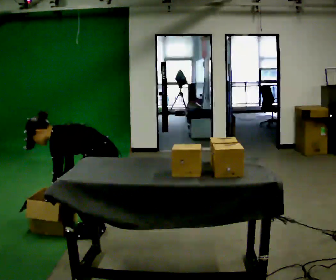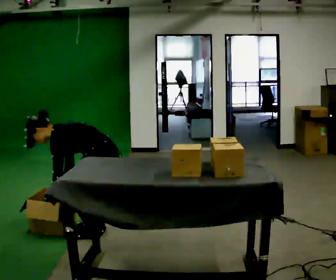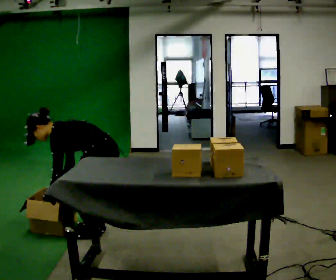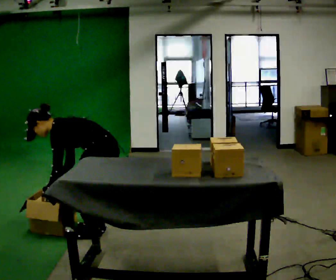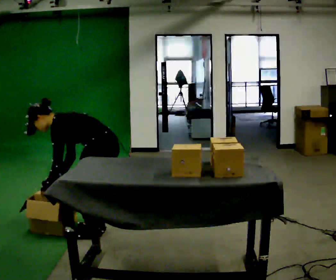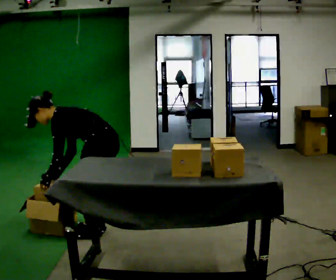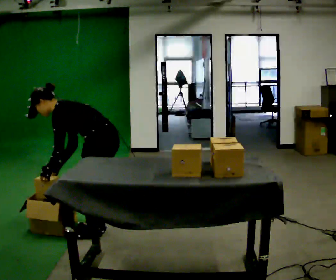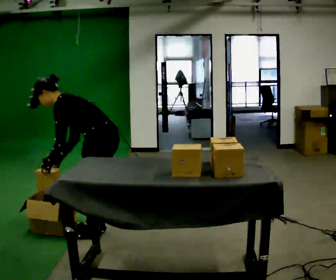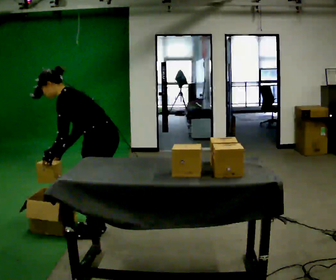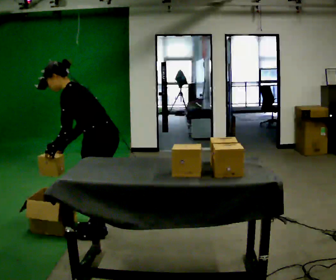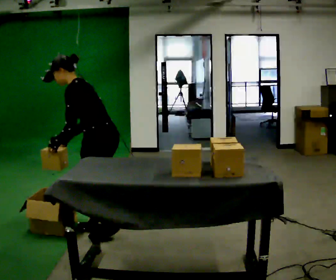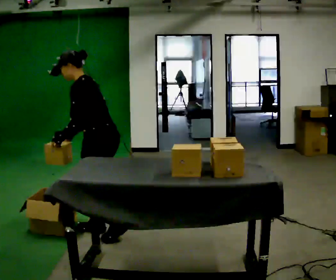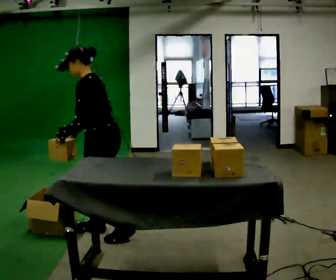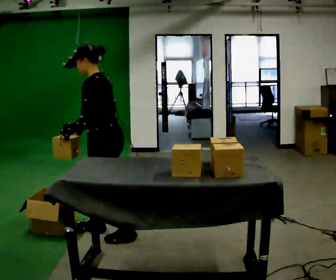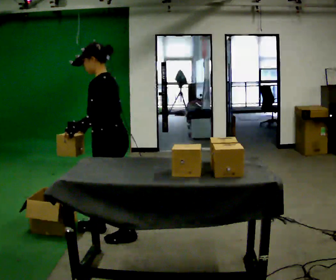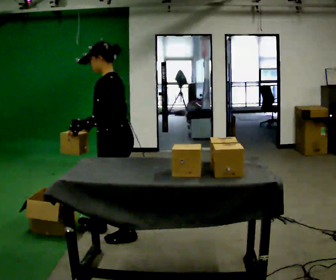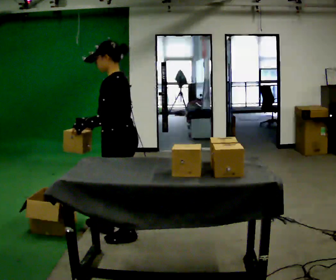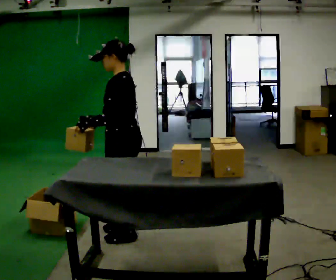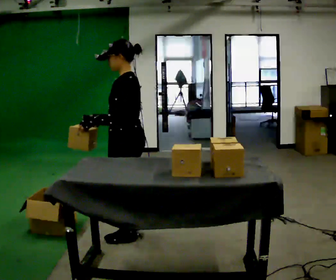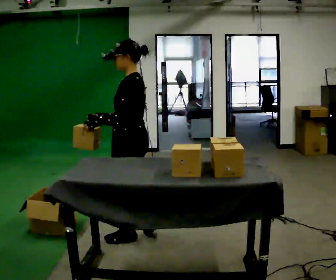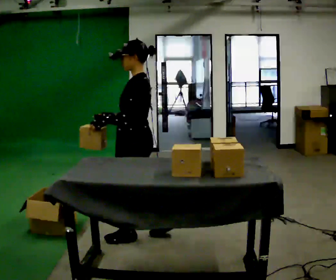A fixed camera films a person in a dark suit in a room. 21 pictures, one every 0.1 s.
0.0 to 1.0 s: The shoulders move upward. In the picture the upper body tilts clockwise, shoulders to the right, as they lean back or straighten. In the picture their left hand goes upward.
1.0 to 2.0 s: In the picture they go to the right, about 0.25 m in 1 step, which for them is backward. In the picture the upper body tilts clockwise, shoulders to the right, as they lean back or straighten.
The film runs backward here.
